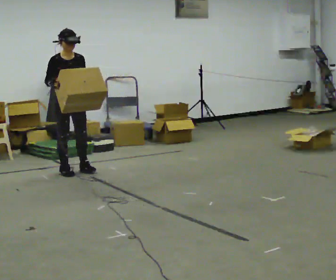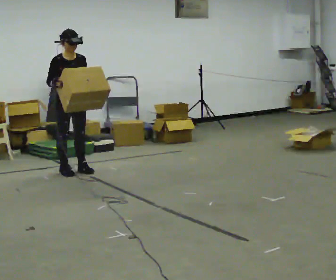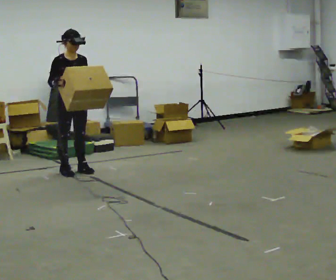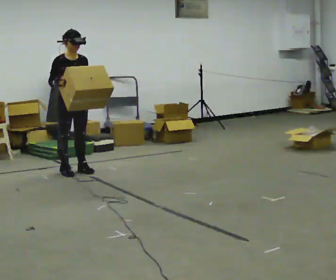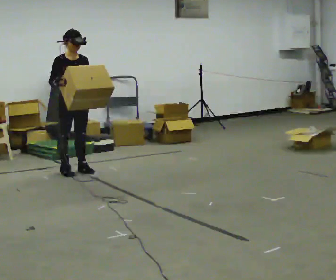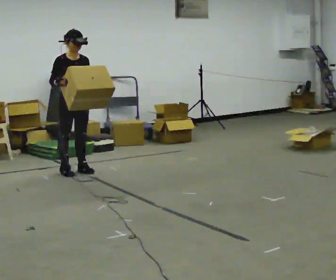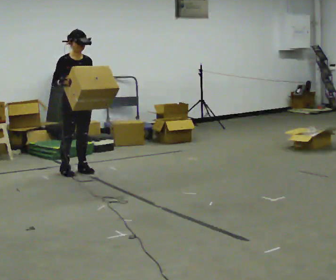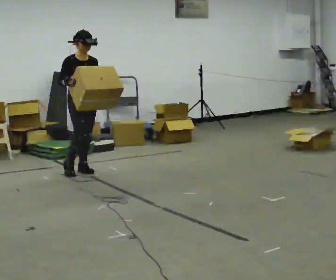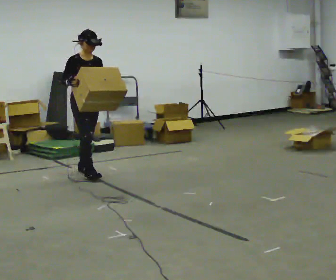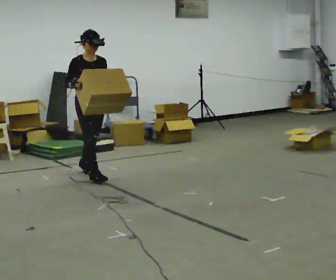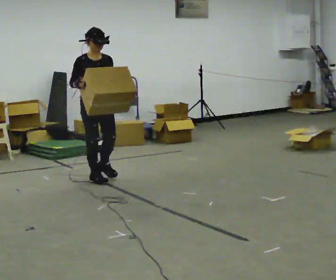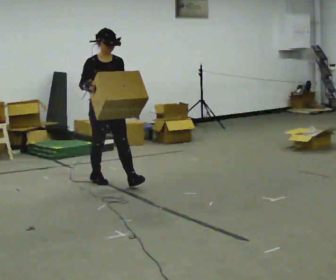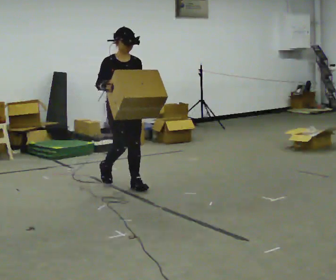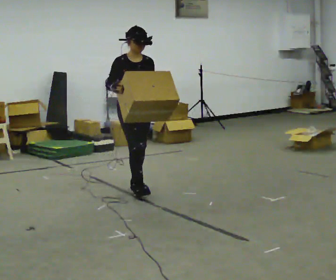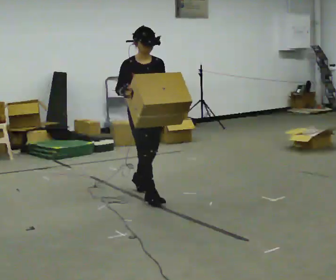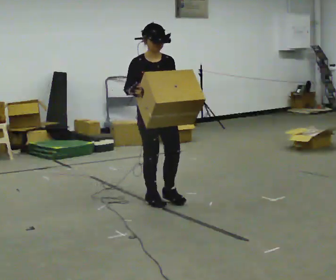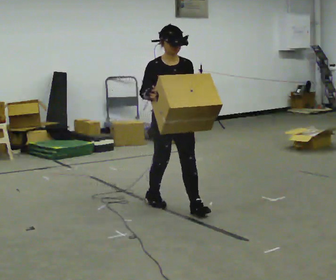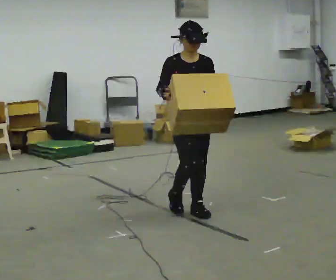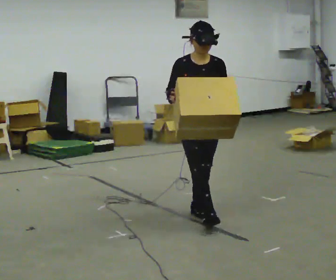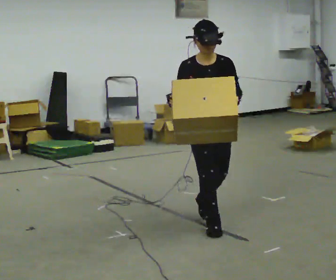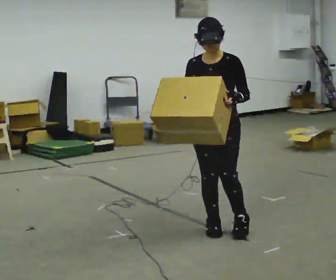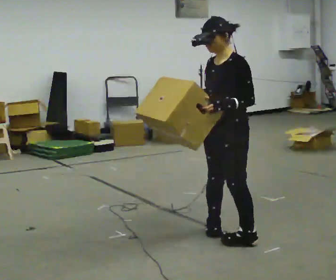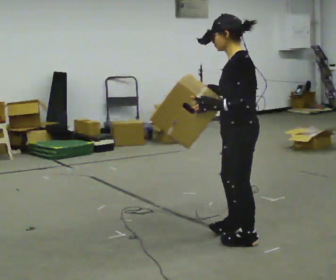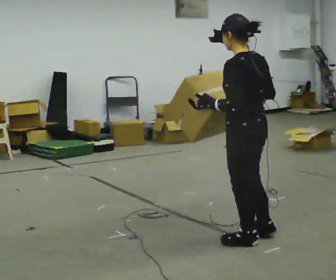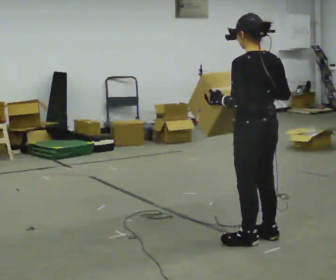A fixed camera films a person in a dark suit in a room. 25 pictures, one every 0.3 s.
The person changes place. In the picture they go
toward the camera.
The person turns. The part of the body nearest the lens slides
to the left.
0.0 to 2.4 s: In the picture they go to the right, about 0.25 m, which for them is forward.
2.4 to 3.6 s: In the picture they go toward the camera and to the right, about 0.75 m in 2 steps, which for them is forward.
3.6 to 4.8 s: In the picture they go toward the camera and to the right, about 1 m in 2 steps, which for them is forward.
4.8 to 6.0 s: The person turns about 30 degrees to their right, clockwise seen from above, so the part of the body nearest the lens slides to the left. In the picture they go toward the camera and to the right, about 0.75 m in 1 step, which for them is forward.
6.0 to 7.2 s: The person turns about 135 degrees to their right, clockwise seen from above, so the part of the body nearest the lens slides to the left. In the picture they go toward the camera and to the right, about 0.5 m in 2 steps.
The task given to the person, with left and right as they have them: Carry the medium box in both hands in front of you, walking back and forth across the room. Keep walking until the operator says stop.
The film runs forward here.
